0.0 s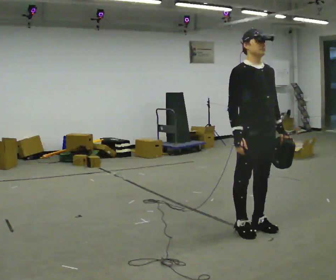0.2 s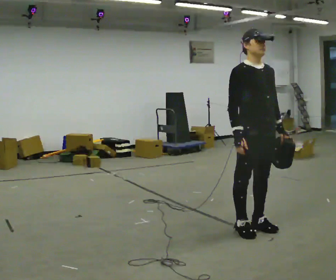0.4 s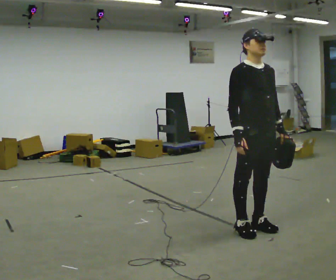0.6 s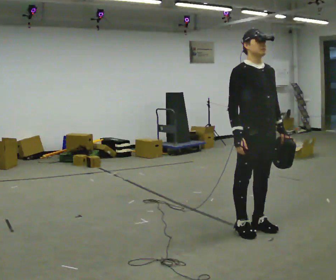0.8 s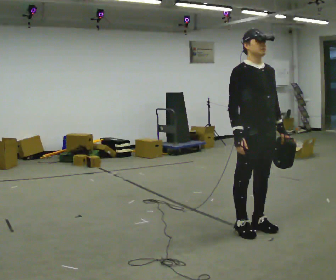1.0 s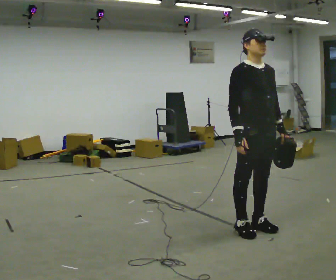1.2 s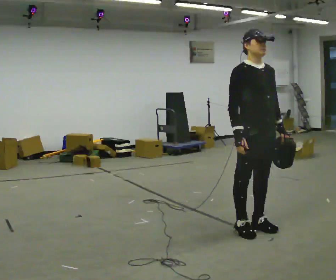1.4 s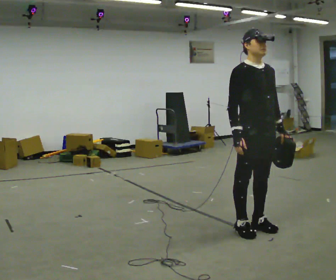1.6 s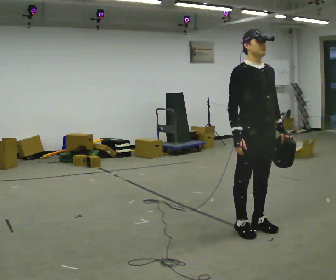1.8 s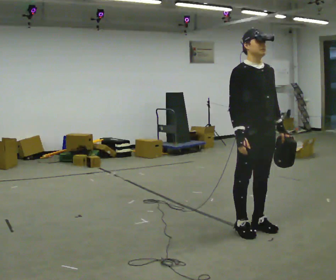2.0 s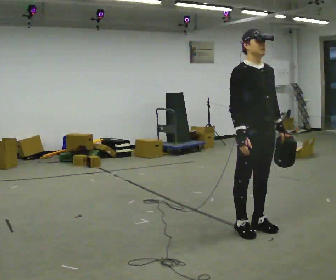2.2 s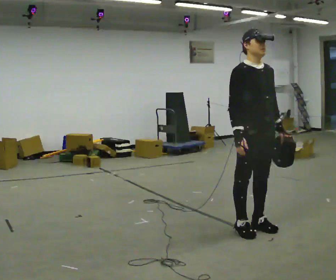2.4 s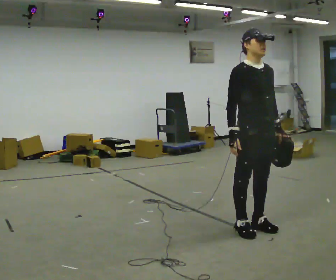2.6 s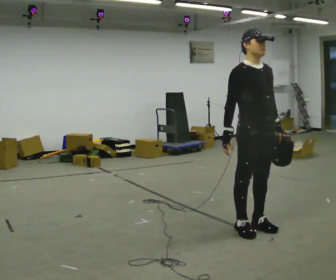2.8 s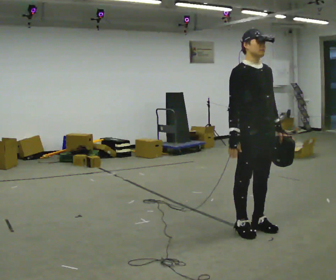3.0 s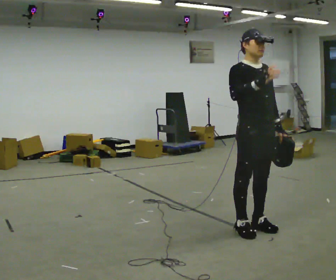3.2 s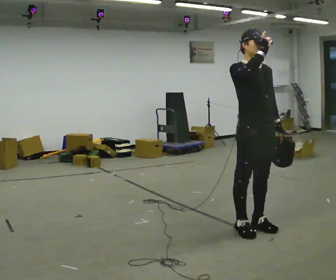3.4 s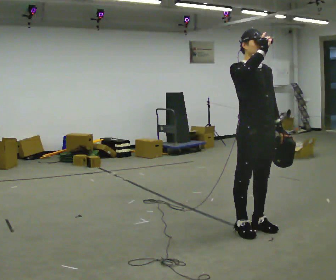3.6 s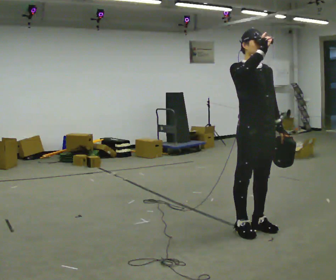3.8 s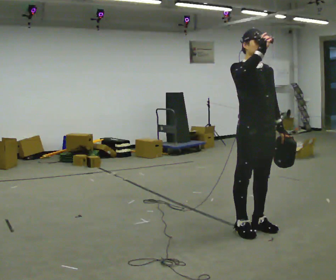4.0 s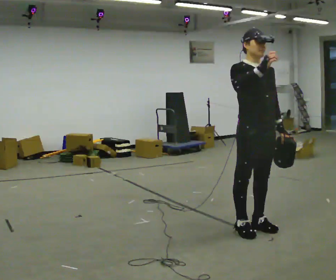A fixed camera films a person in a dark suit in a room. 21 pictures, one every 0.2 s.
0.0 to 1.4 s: The person keeps their place and pose.
1.4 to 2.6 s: The person moves a little, or ends about where they began.
2.6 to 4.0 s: In the picture their right hand goes upward.
The film runs backward here.
